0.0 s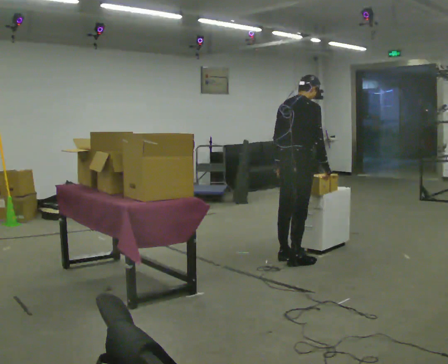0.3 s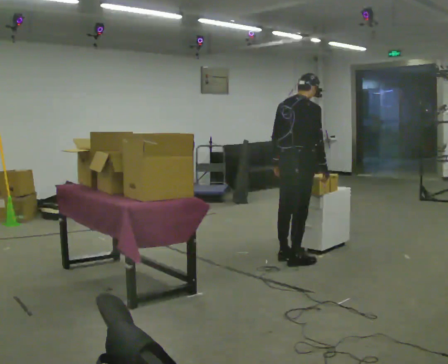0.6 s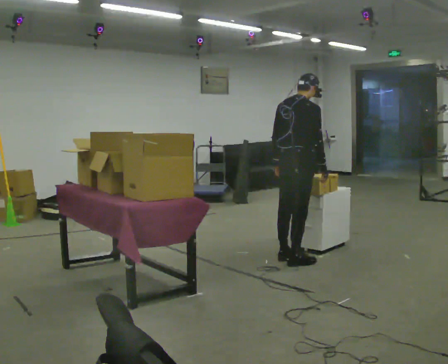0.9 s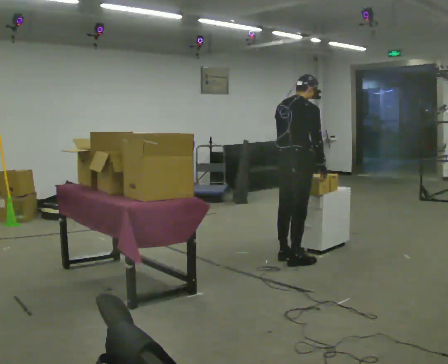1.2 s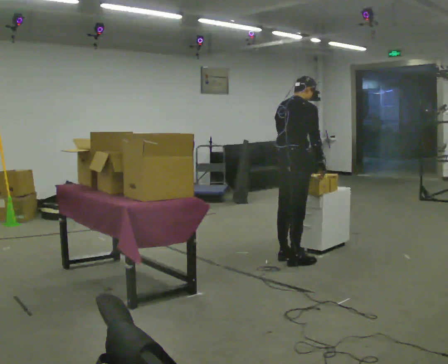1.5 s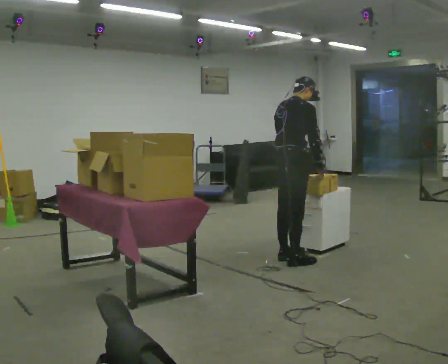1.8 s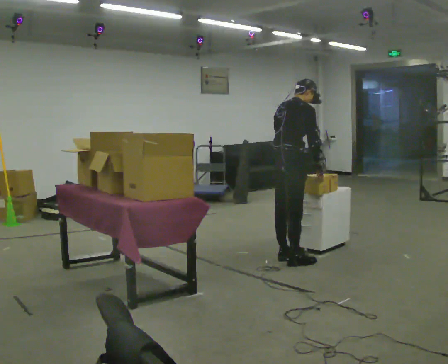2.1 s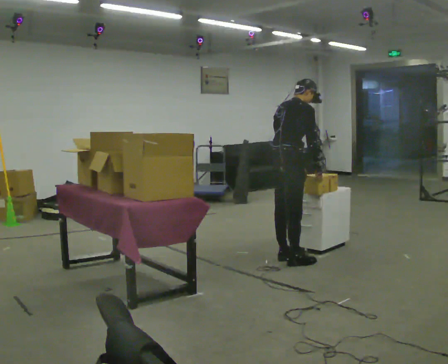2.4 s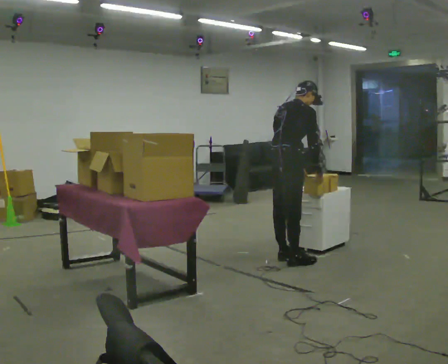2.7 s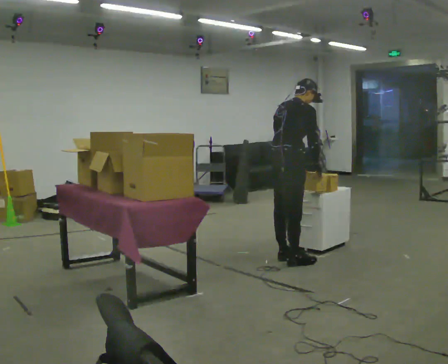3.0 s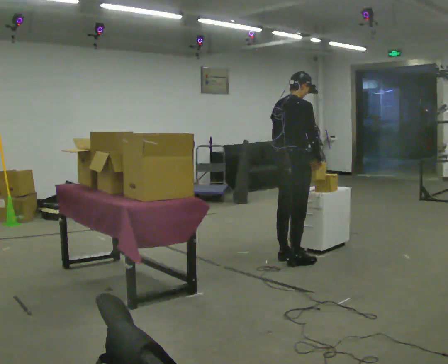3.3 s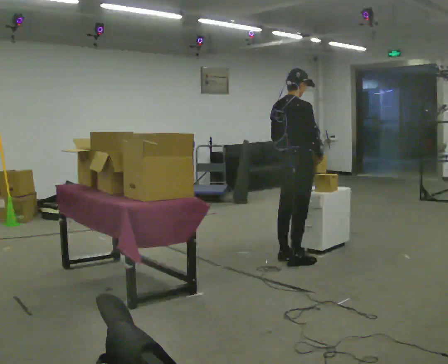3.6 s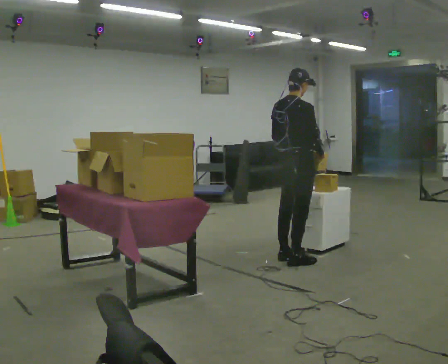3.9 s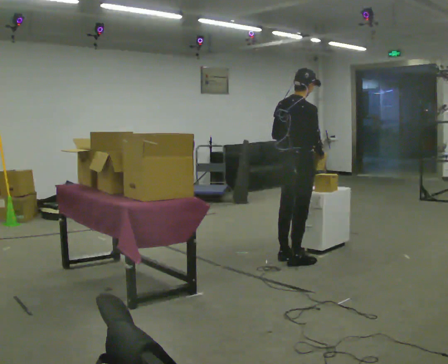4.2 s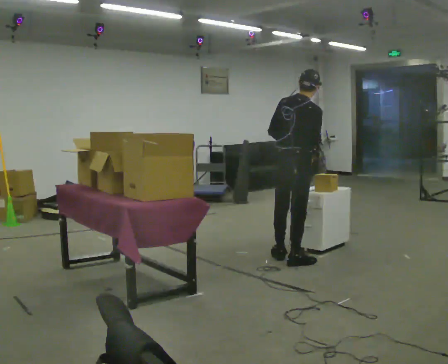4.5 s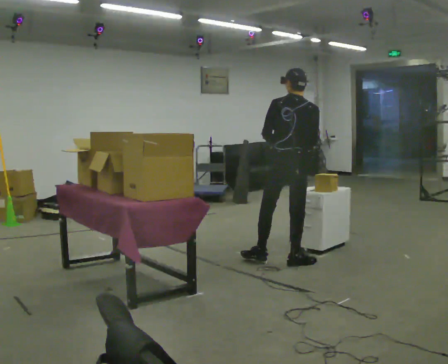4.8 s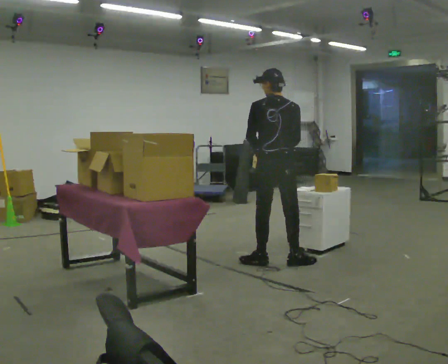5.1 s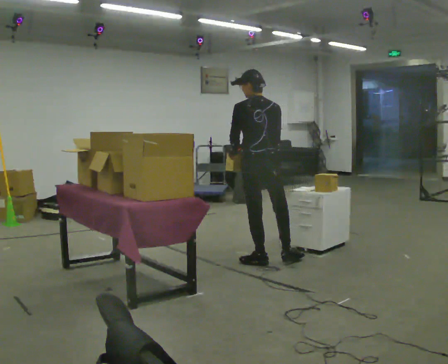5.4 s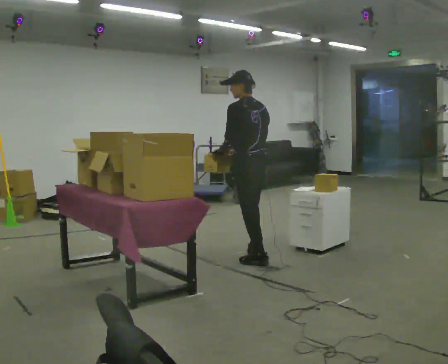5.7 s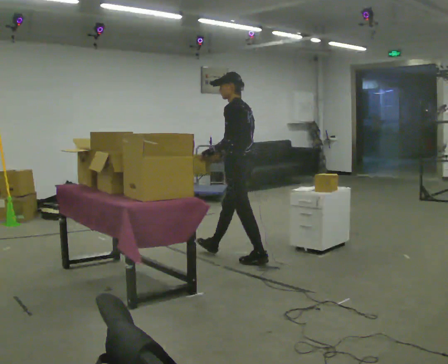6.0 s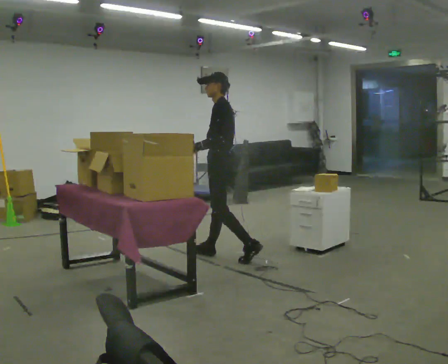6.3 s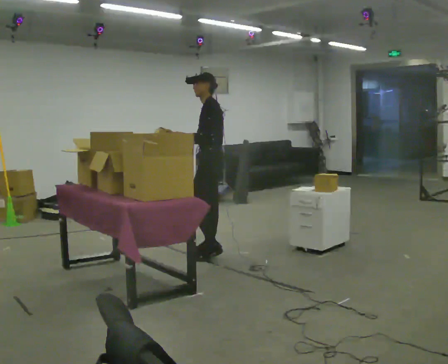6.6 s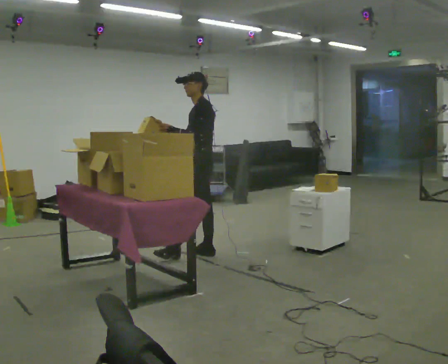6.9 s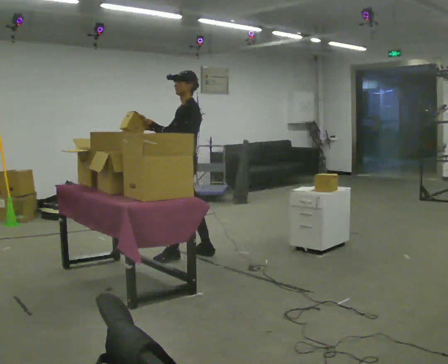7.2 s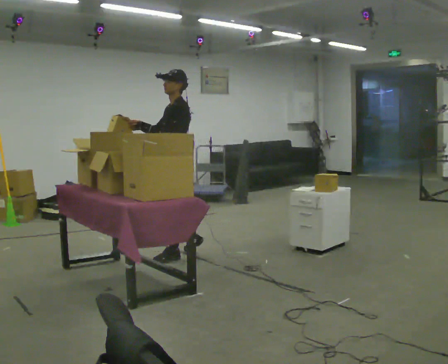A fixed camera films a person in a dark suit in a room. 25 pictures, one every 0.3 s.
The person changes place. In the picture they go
to the left.
0.0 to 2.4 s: The person moves a little, or ends about where they began.
2.4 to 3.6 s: The upper body tips toward the camera, its near side rolling downward, as they lean back or straighten.
3.6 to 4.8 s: The part of the body nearest the lens slides to the right as the person turns to their left by about 45 degrees. In the picture they go to the left, about 0.25 m in 1 step, which for them is to their left and backward. In the picture their left hand goes to the left.
4.8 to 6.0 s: Seen from above the body turns counterclockwise, about 90 degrees: to their left, with its near side sliding to the right. In the picture they go to the left and away from the camera, about 0.5 m in 1 step.
6.0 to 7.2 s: In the picture they go to the left, about 0.5 m in 1 step, which for them is forward.
The film runs forward here.
